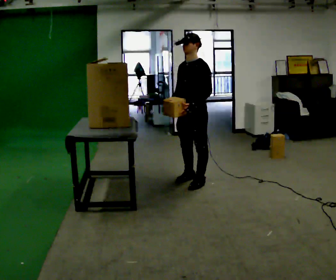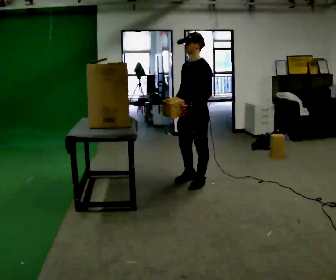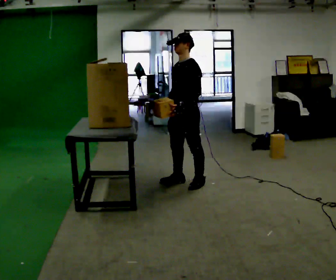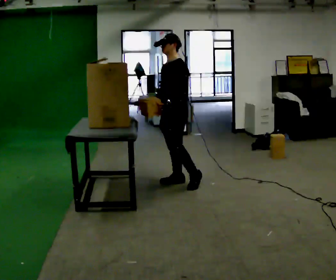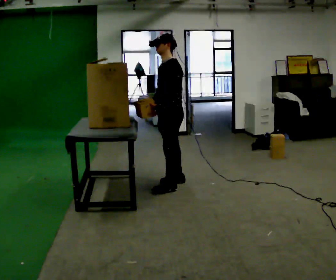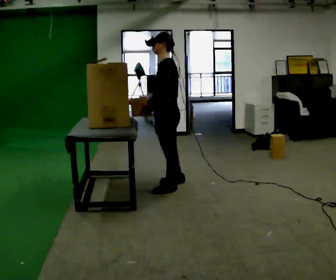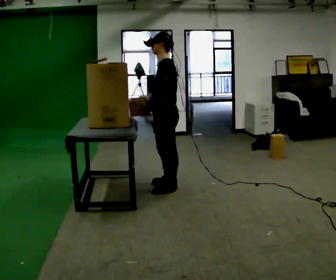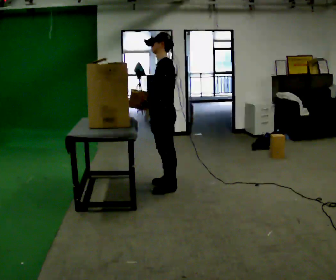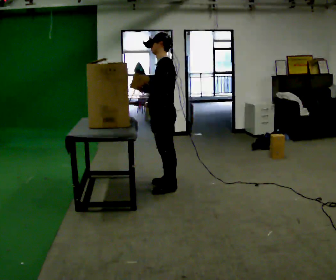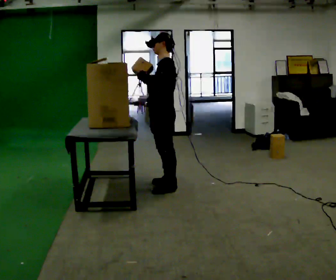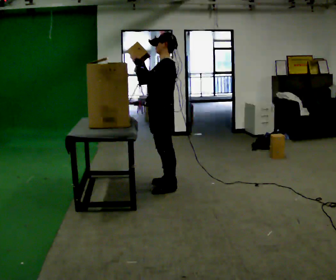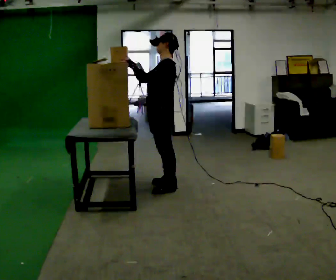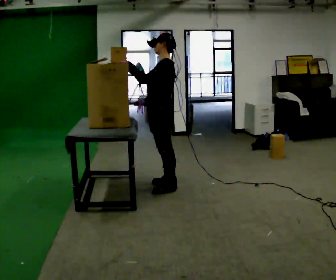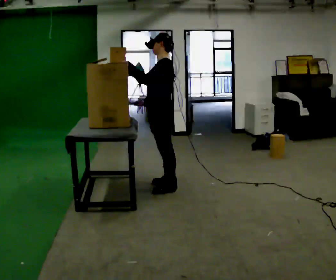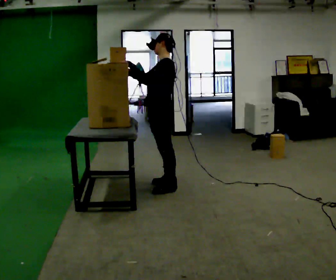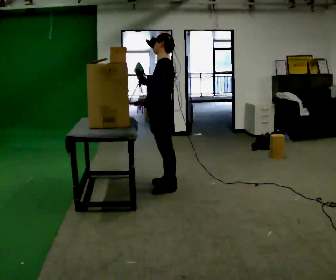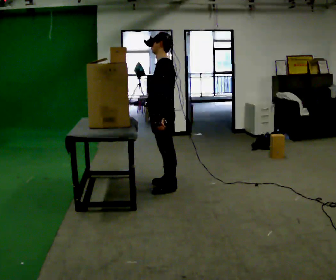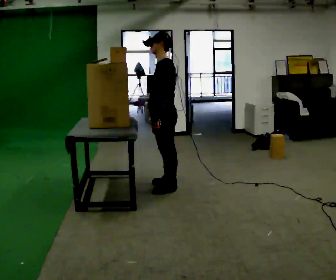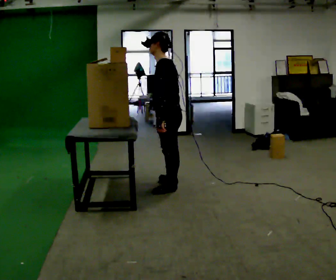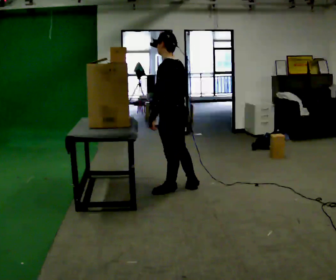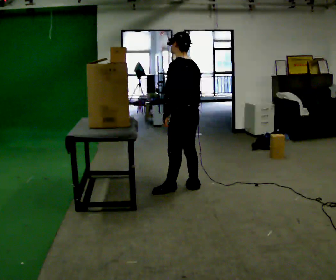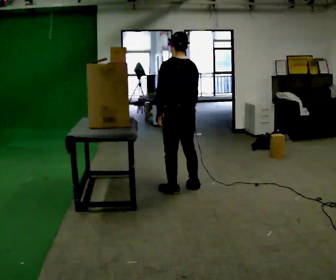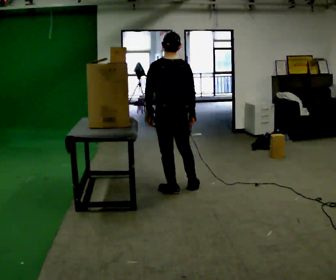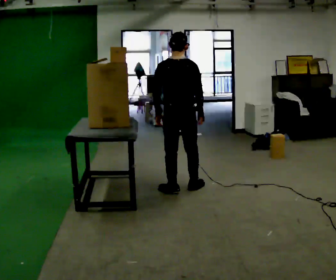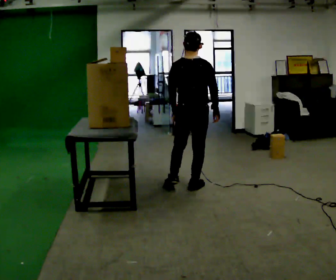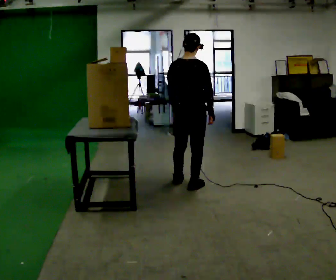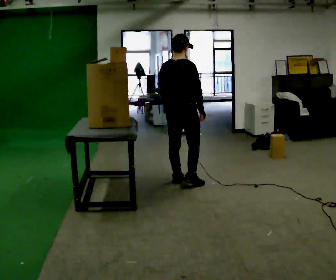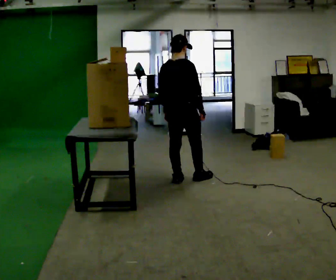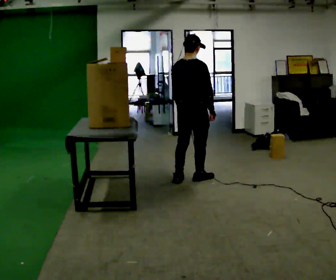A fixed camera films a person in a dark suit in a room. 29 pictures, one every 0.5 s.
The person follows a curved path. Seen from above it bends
counterclockwise.
0.0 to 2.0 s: In the picture they go to the left, about 0.25 m in 2 steps, which for them is forward and to their right.
2.0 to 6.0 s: In the picture their left hand goes upward.
6.0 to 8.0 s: In the picture their left hand goes downward.
8.0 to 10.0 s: Seen from above the body turns clockwise, about 30 degrees: to their right, with its near side sliding to the left. In the picture they go to the right, about 0.25 m in 1 step, which for them is backward. In the picture their right hand goes to the right.
10.0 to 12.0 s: The person turns about 60 degrees to their right, clockwise seen from above, so the part of the body nearest the lens slides to the left.
12.0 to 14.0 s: In the picture they go away from the camera, about 0.25 m in 2 steps, which for them is forward.
The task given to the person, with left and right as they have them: Pick an object up off the floor, carry it across the room, and place it on the highest shelf you can comfortably reach. Keep going until the operator says stop; one object at a time, and do not rush between trips.
The film runs forward here.
